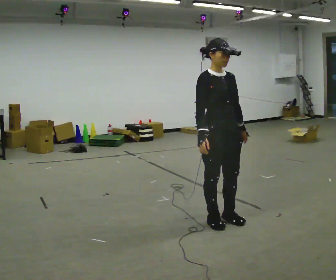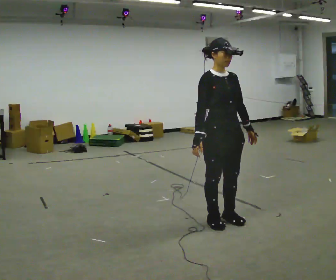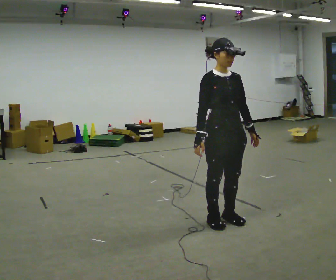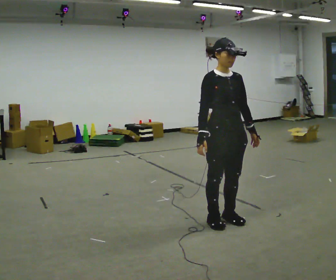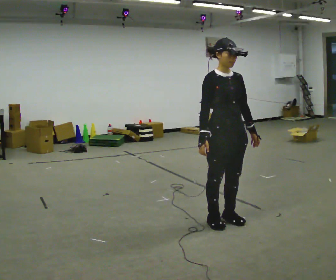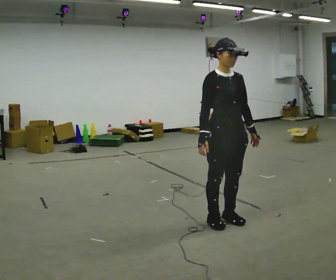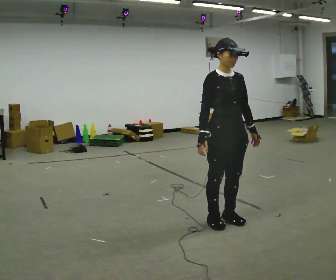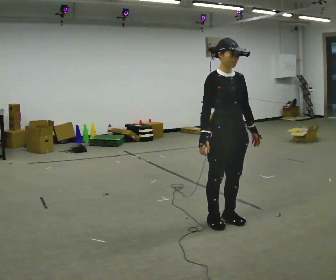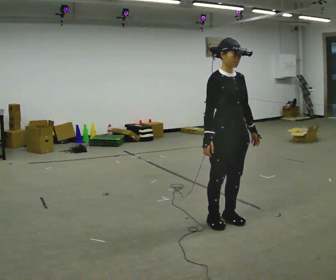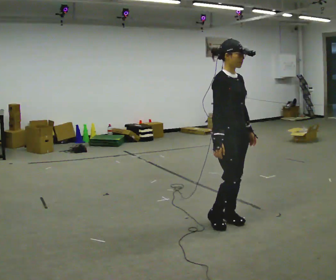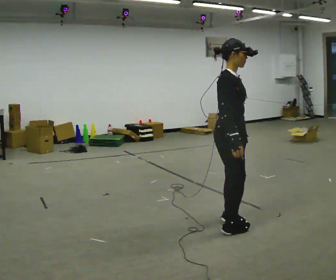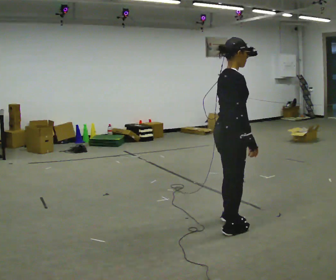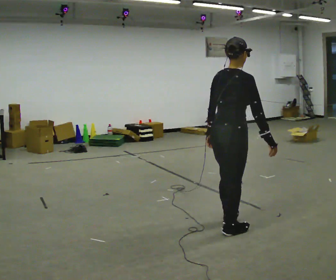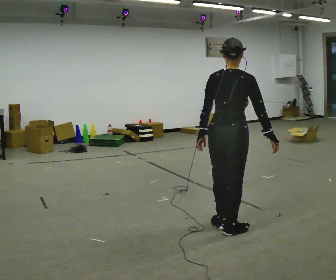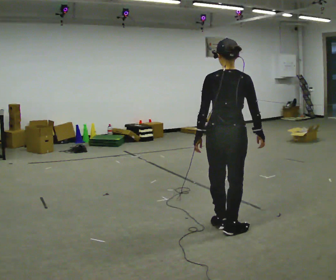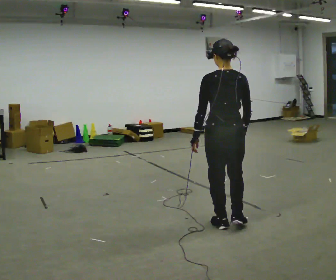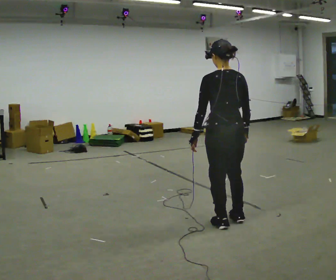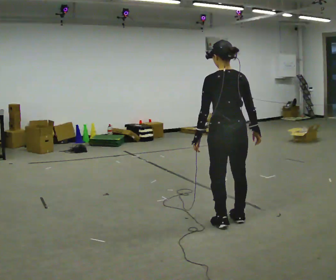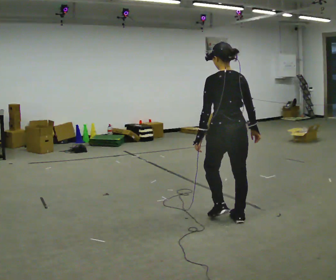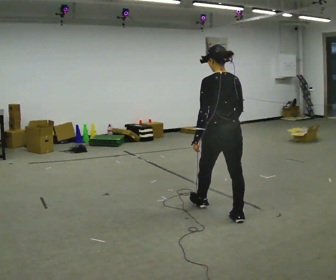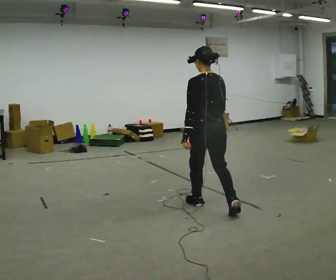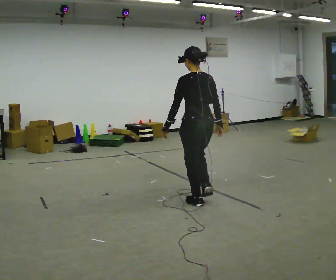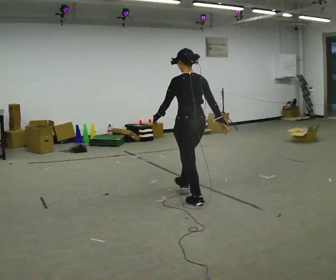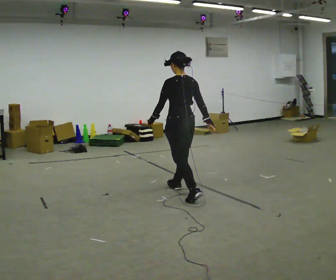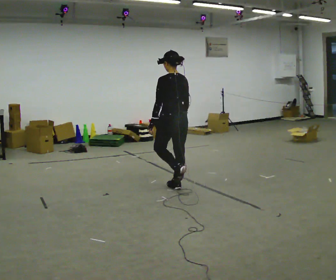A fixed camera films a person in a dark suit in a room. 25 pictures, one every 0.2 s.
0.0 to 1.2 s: The person moves a little, or ends about where they began.
1.2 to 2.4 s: Seen from above the body turns counterclockwise, about 120 degrees: to their left, with its near side sliding to the right. In the picture they go toward the camera, about 0.25 m in 1 step. In the picture their left hand goes to the left, the arm swinging clockwise.
2.4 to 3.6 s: The part of the body nearest the lens slides to the right as the person turns to their left by about 45 degrees. In the picture they go away from the camera, about 0.25 m in 2 steps, which for them is forward.
3.6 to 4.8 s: In the picture they go away from the camera and to the left, about 1 m in 2 steps, which for them is forward.
The film runs forward here.
